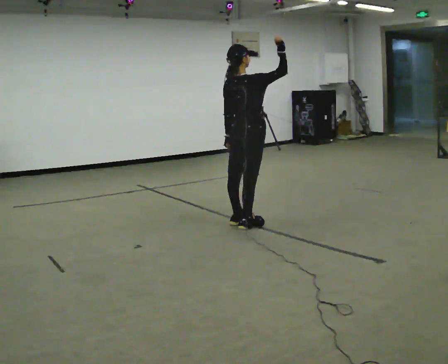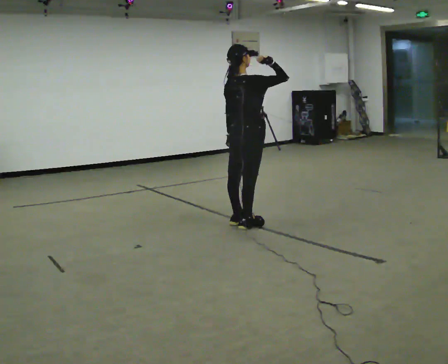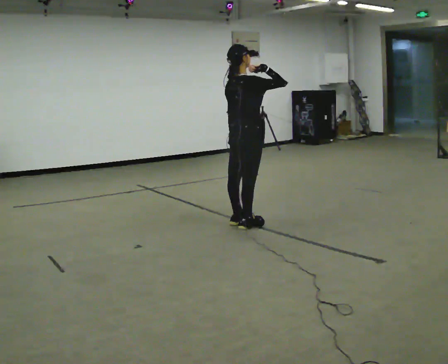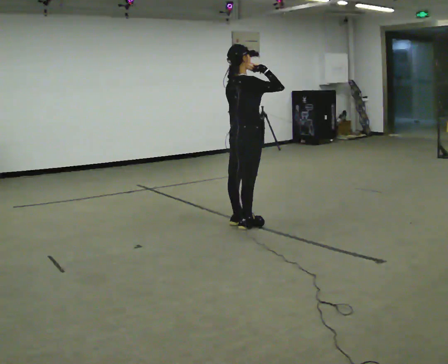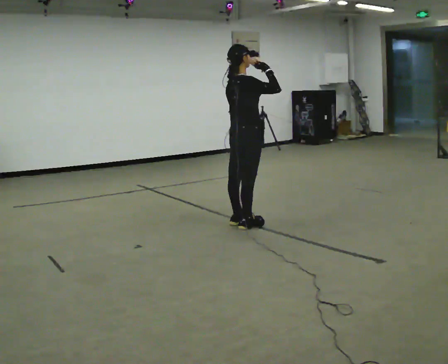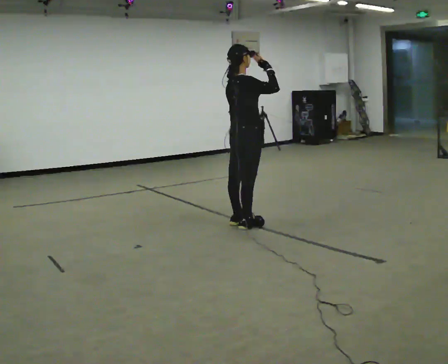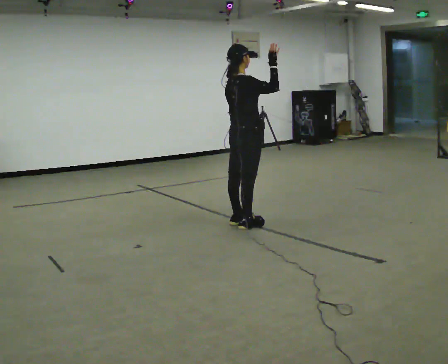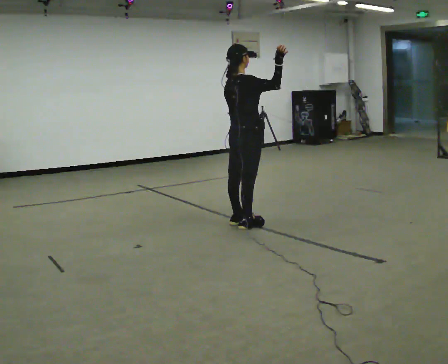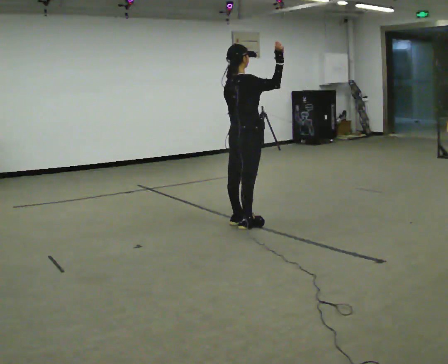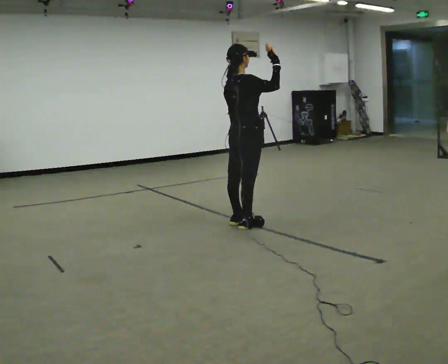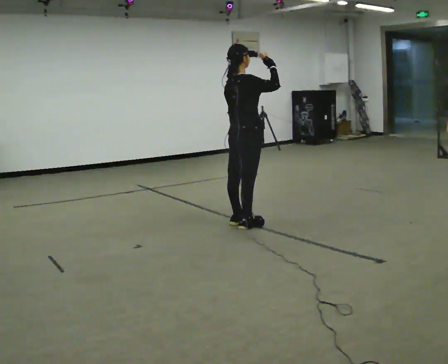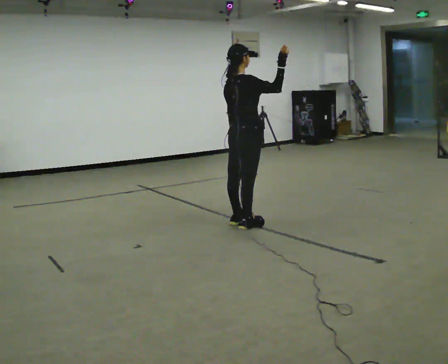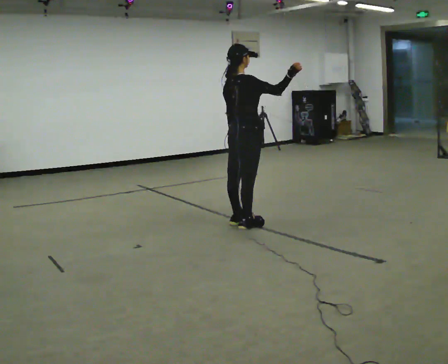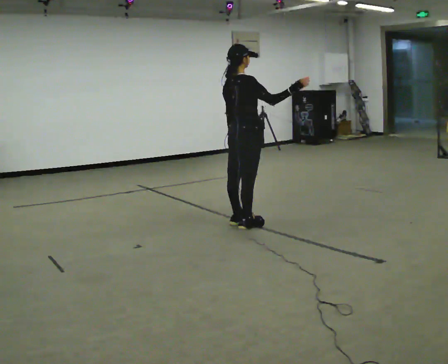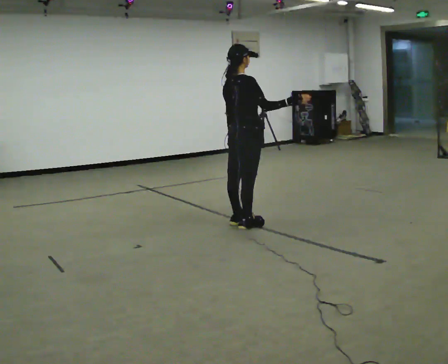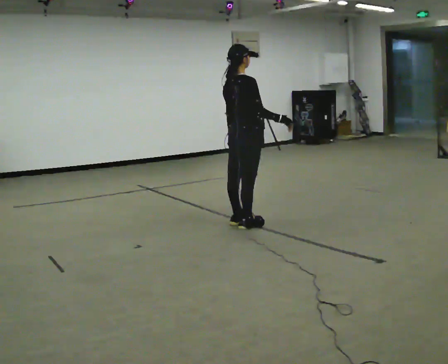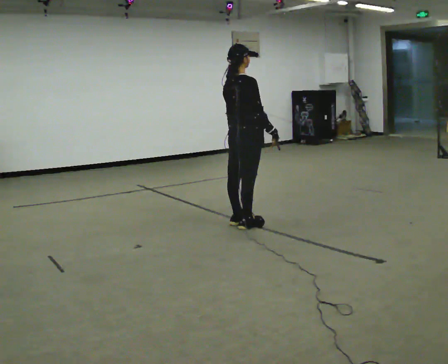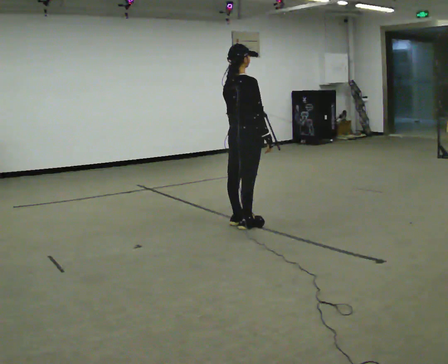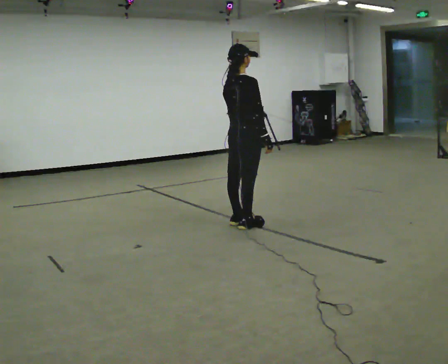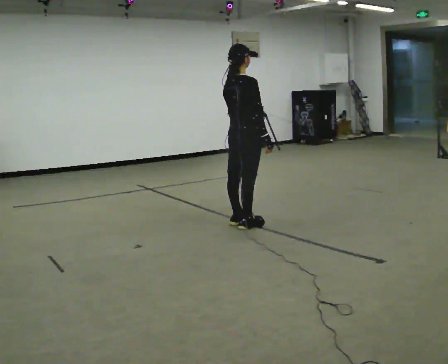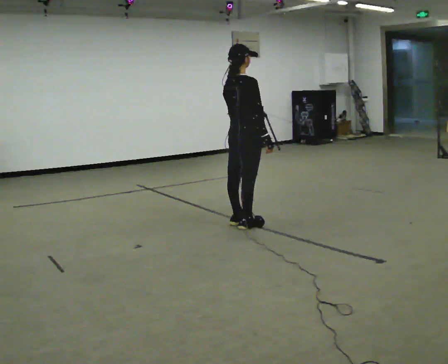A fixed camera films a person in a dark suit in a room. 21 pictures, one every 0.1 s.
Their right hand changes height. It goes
downward.
0.0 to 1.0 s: The person moves a little, or ends about where they began.
1.0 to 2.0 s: In the picture their right hand goes downward, the arm swinging clockwise.
The film runs backward here.
